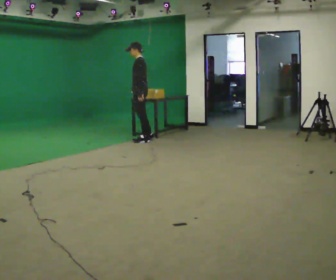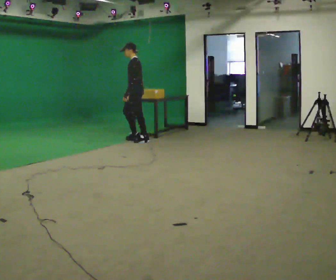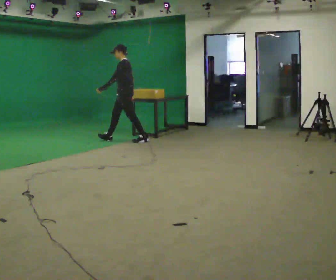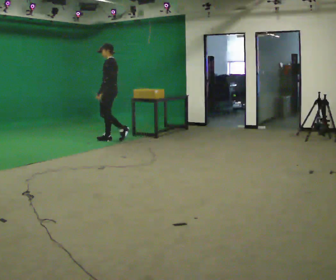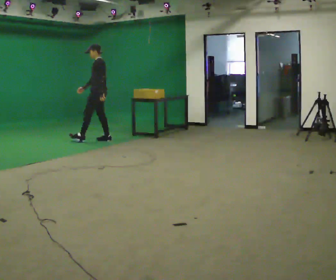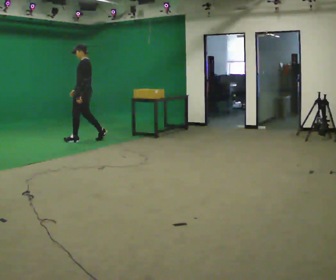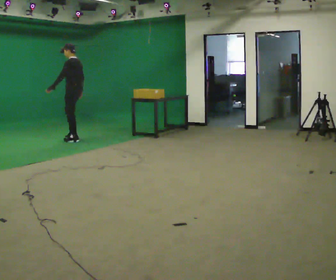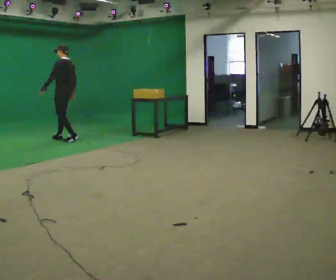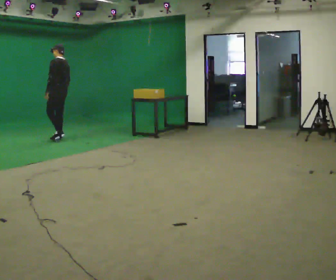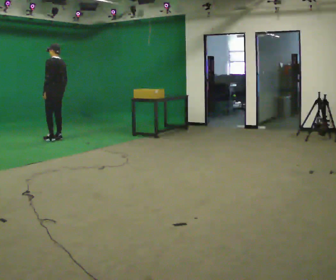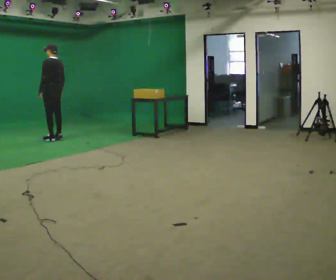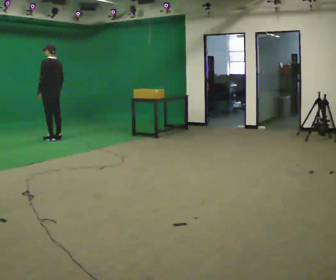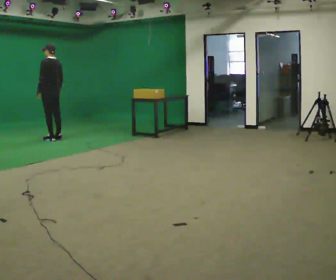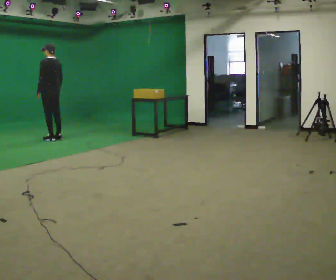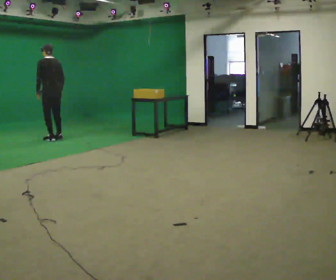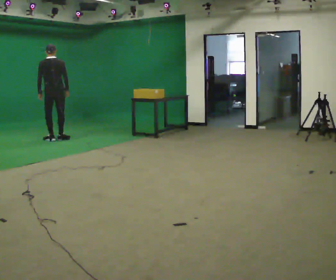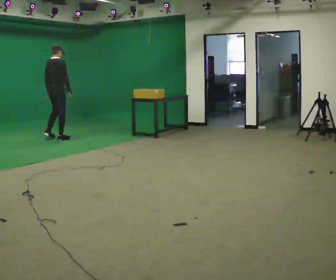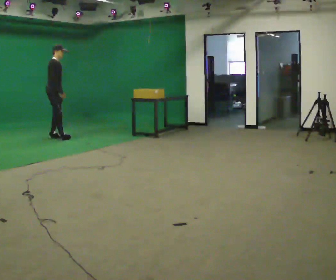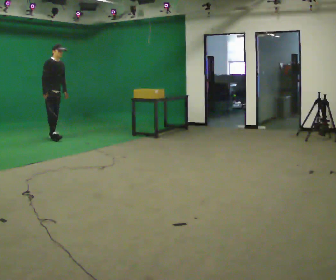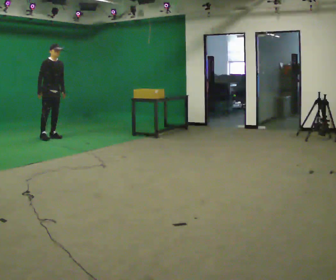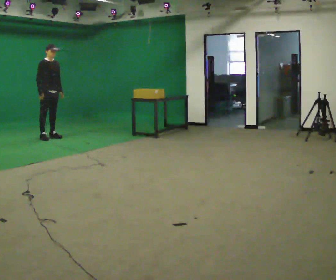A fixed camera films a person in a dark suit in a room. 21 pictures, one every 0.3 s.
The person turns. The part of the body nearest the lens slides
to the left.
The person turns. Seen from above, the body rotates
clockwise.
0.0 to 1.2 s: In the picture they go to the left, about 1 m in 1 step, which for them is forward.
1.2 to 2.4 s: The person turns about 30 degrees to their right, clockwise seen from above, so the part of the body nearest the lens slides to the left. In the picture they go to the left, about 0.5 m in 2 steps, which for them is forward.
2.4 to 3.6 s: The person moves a little, or ends about where they began.
3.6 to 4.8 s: The part of the body nearest the lens slides to the left as the person turns to their right by about 105 degrees.
4.8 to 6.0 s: The person turns about 90 degrees to their right, clockwise seen from above, so the part of the body nearest the lens slides to the left. In the picture they go to the left, about 0.25 m in 2 steps.
The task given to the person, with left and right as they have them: Walk quickly but do not run; remain comfortable and controlled; stop.
The film runs forward here.
